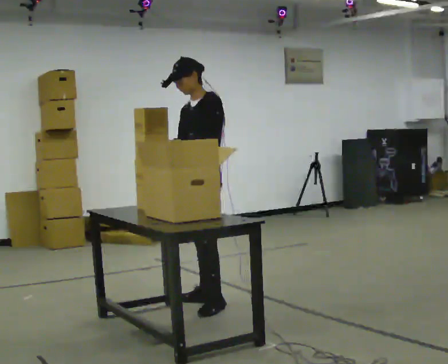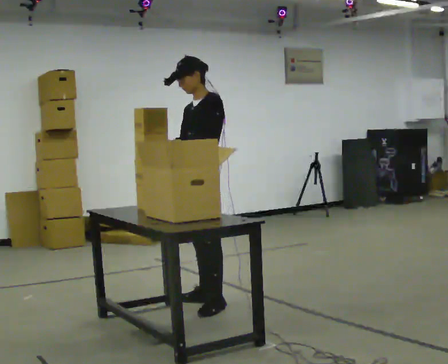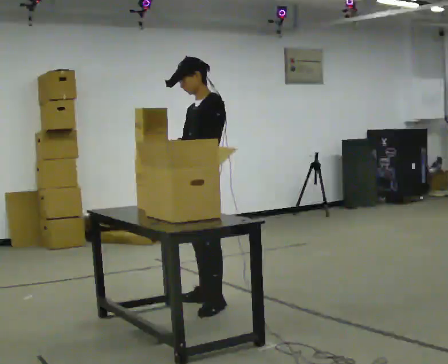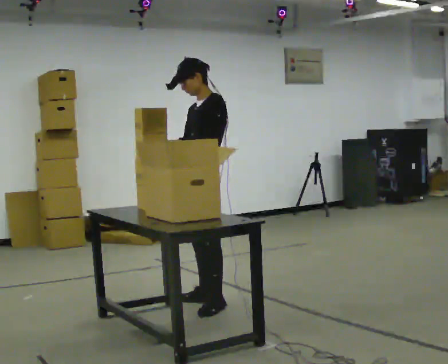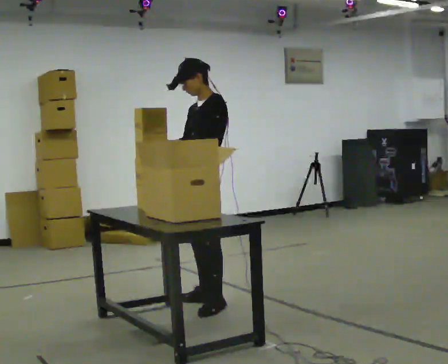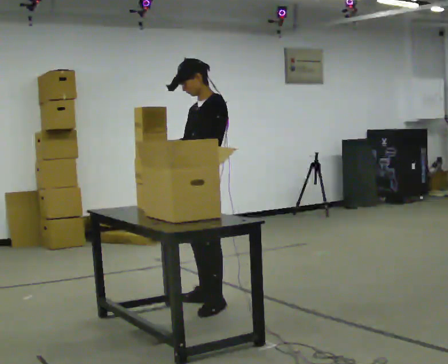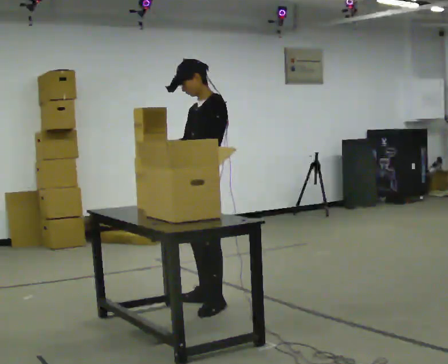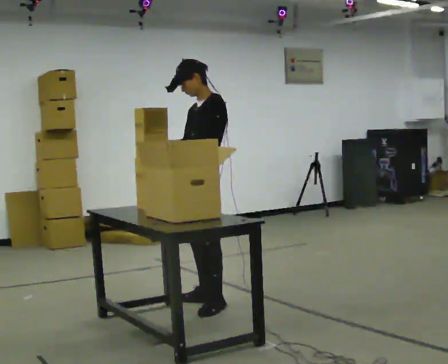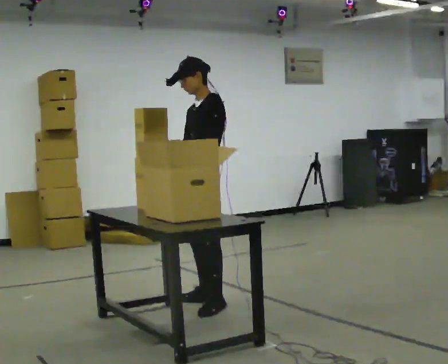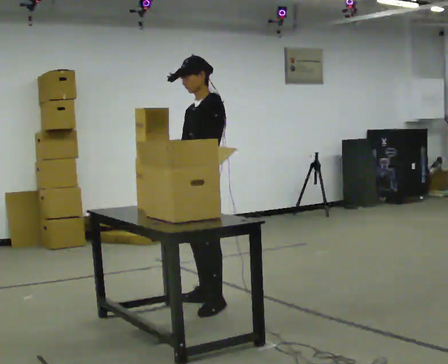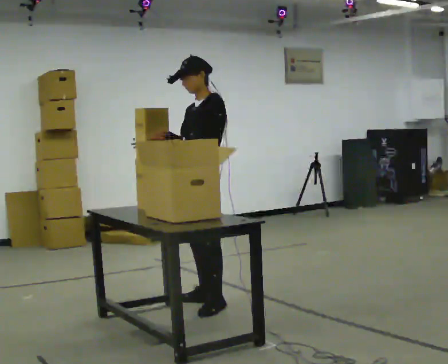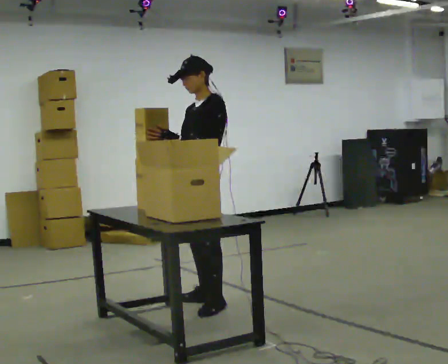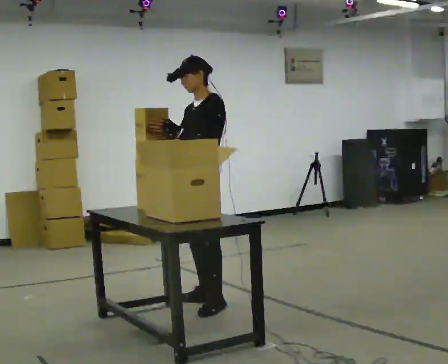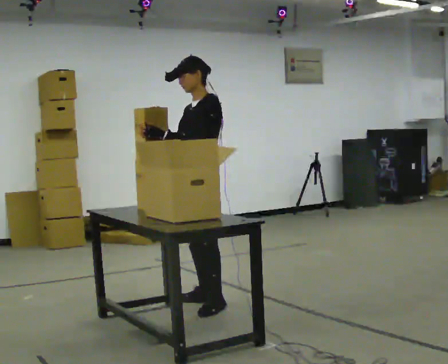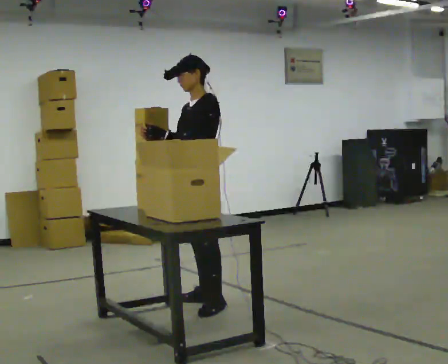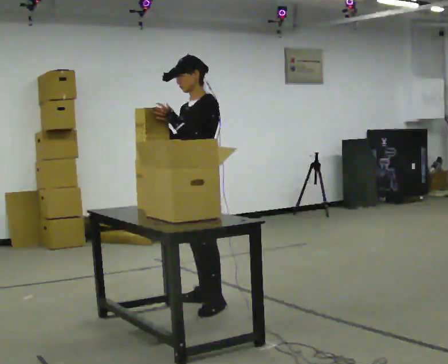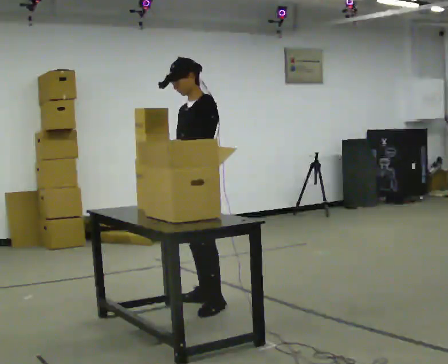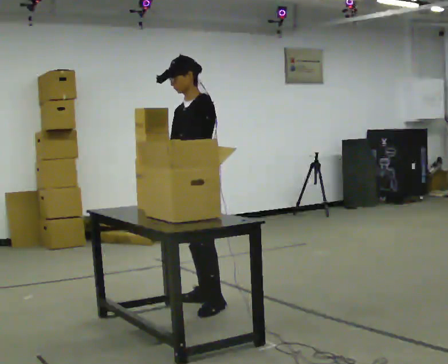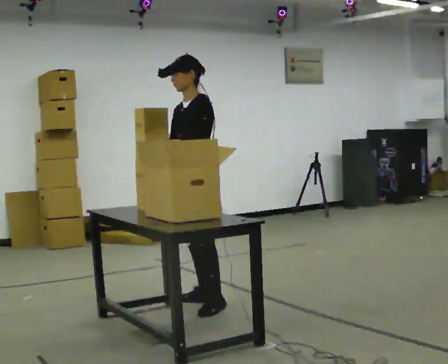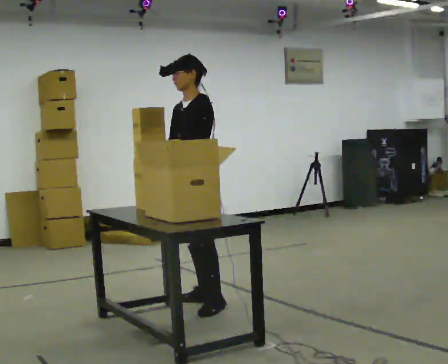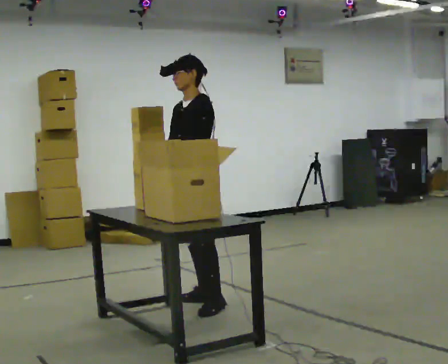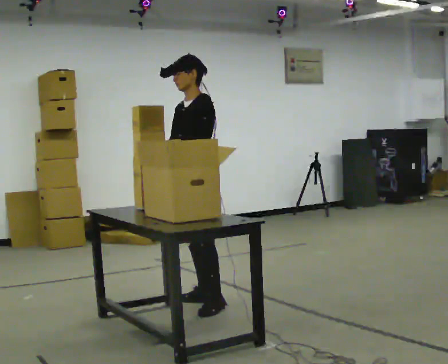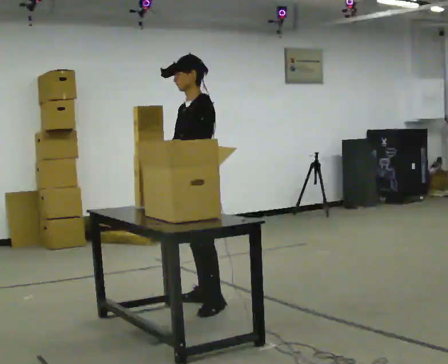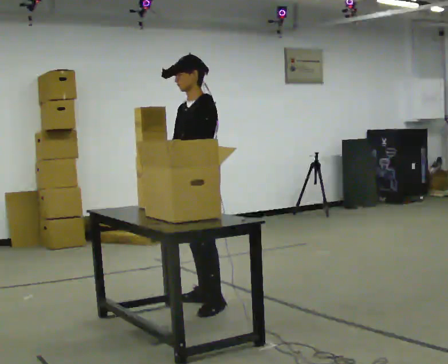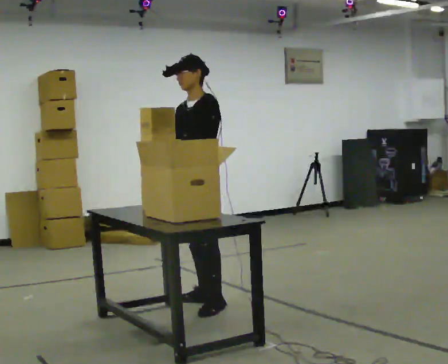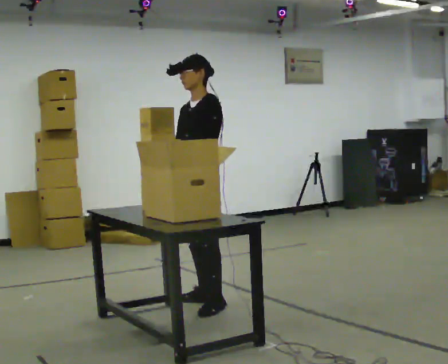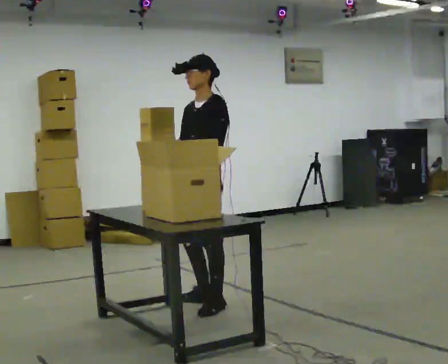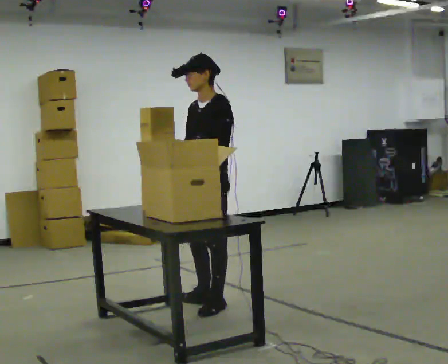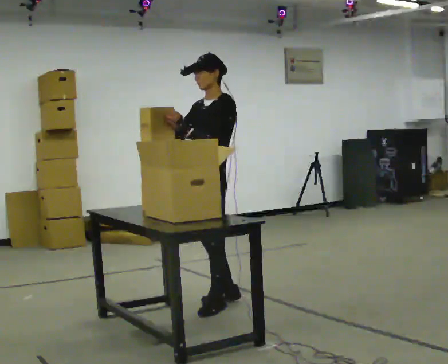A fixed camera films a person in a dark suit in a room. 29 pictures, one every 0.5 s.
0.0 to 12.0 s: The person moves a little, or ends about where they began.
12.0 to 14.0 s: In the picture their right hand goes upward, the arm swinging clockwise.
The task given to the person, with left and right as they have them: Take the objects from the bin one at a time and put one in each of the places the operator points out. Keep going until the operator says stop; one object at a time, and do not rush between trips.
The film runs forward here.
